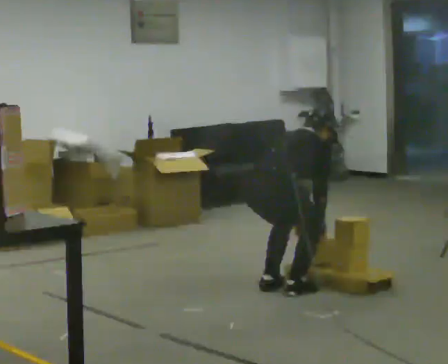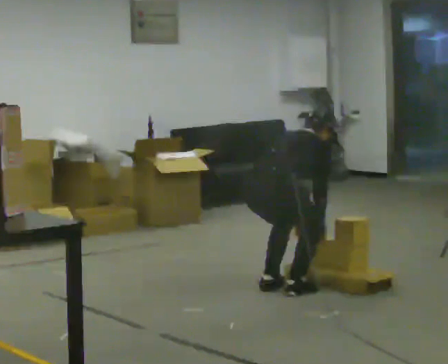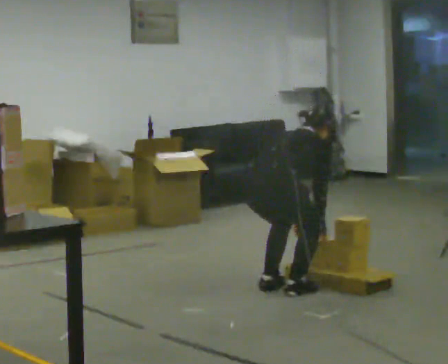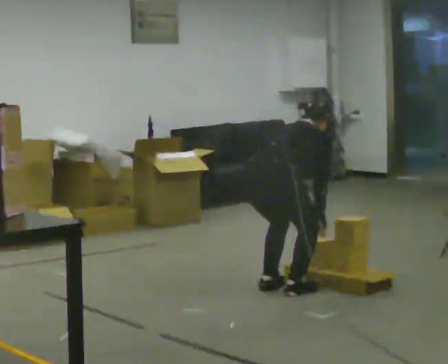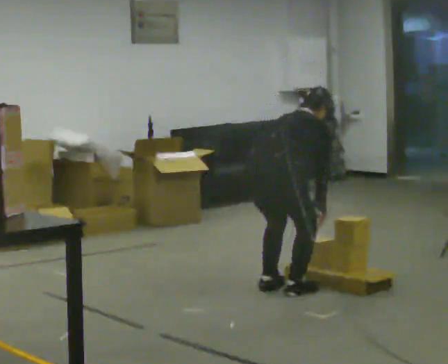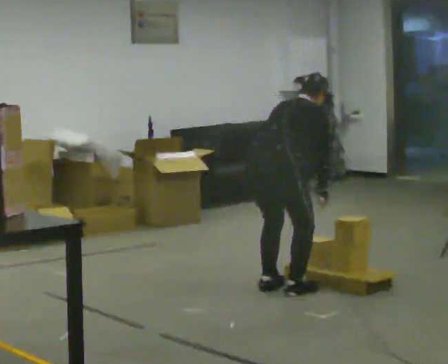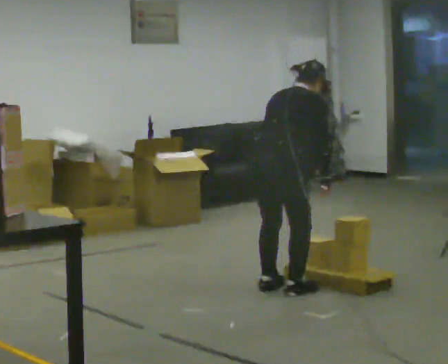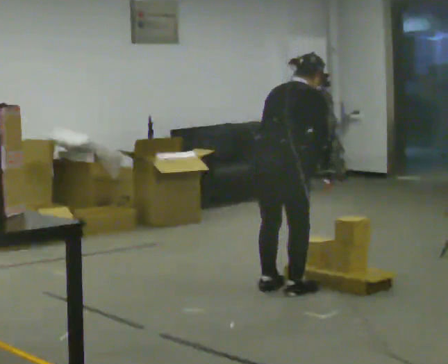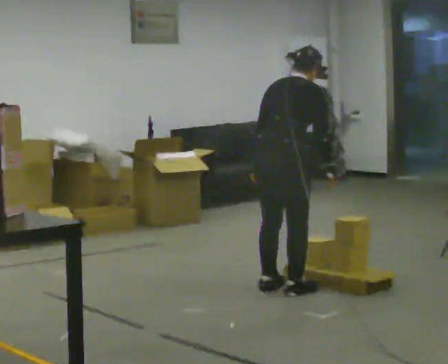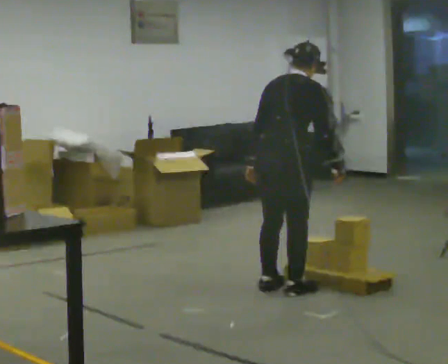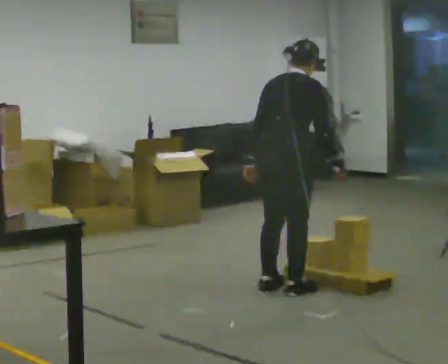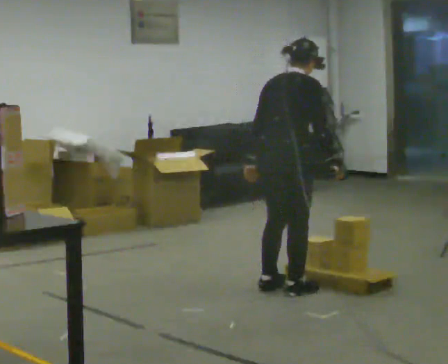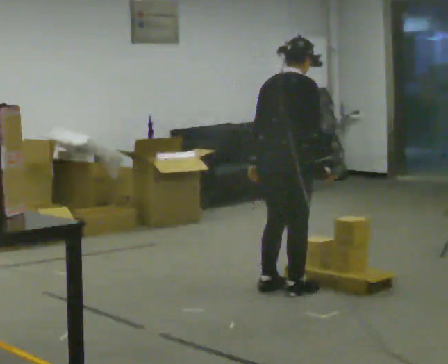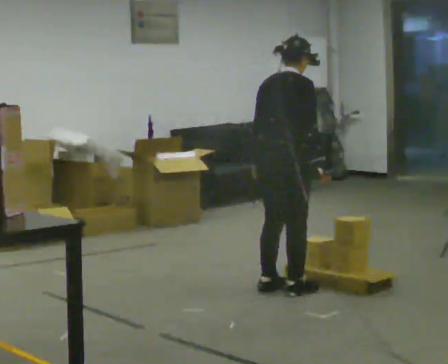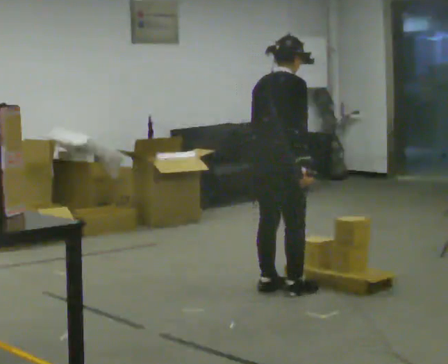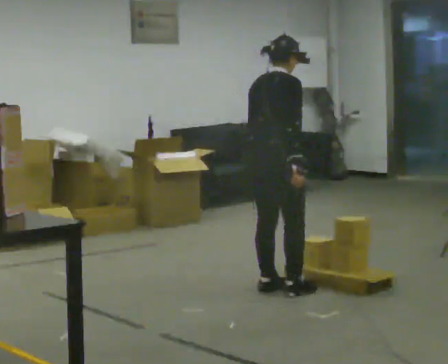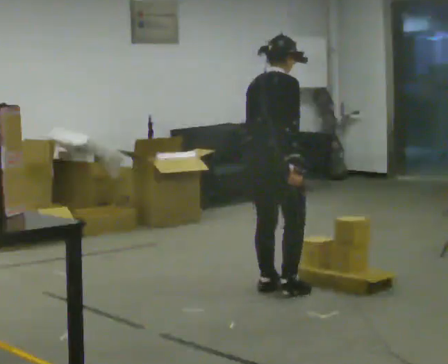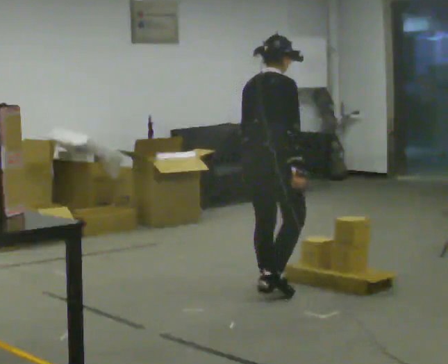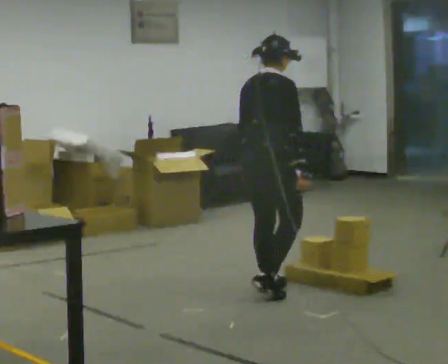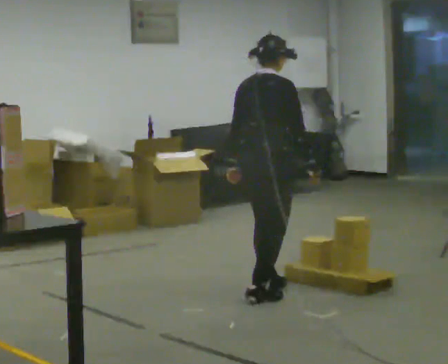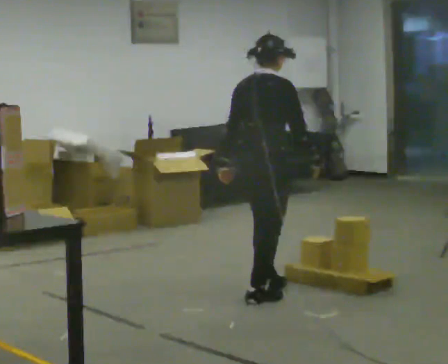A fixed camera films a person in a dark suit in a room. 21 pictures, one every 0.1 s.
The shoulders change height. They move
upward.
Their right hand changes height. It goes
upward.
0.0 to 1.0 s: The shoulders move upward. The upper body tips toward the camera, its near side rolling downward, as they lean back or straighten. In the picture their left hand goes upward and to the left.
1.0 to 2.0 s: The person moves a little, or ends about where they began.
The film runs backward here.
